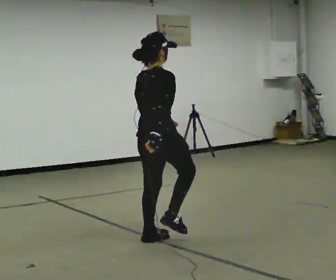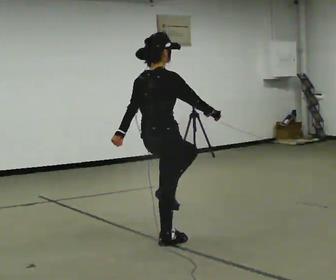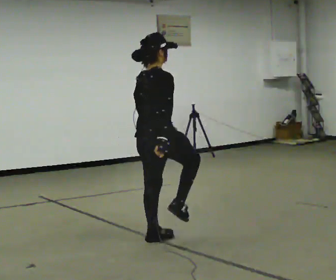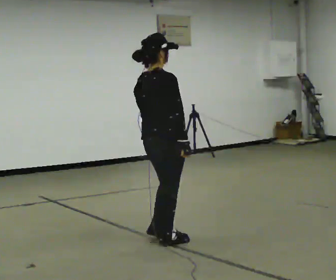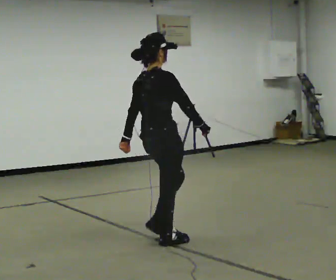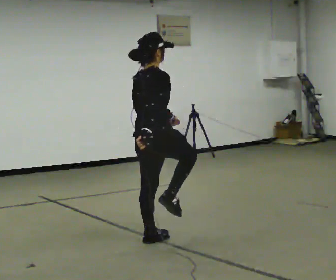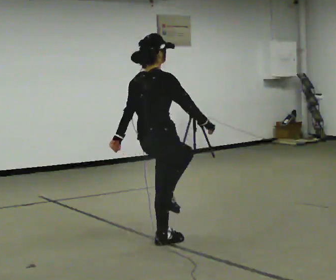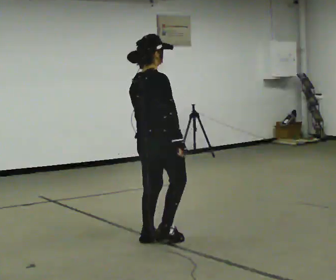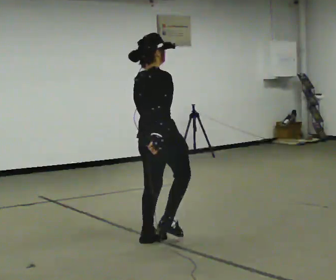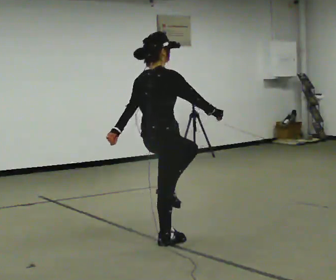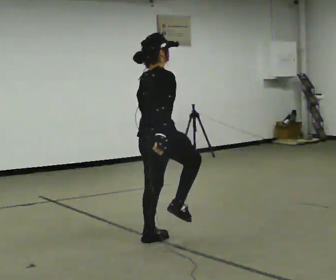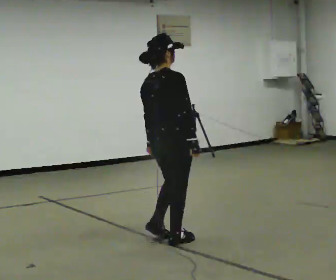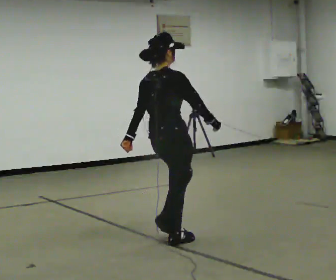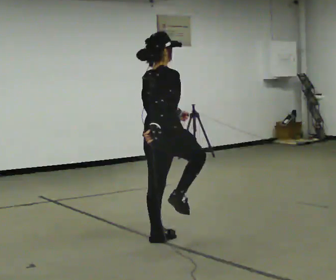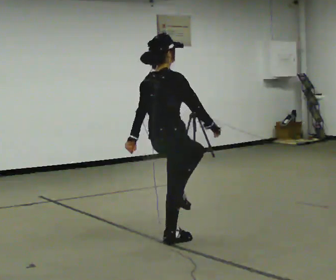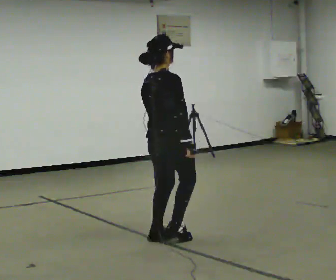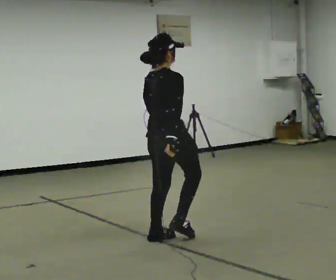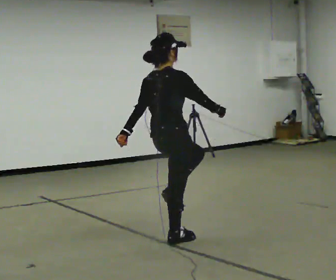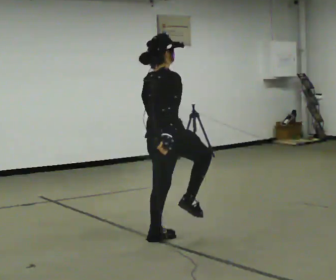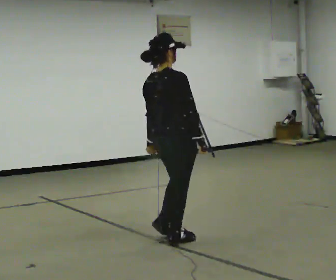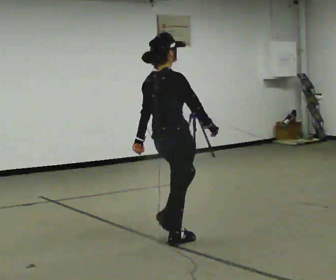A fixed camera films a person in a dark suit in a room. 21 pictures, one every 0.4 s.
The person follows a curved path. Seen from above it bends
counterclockwise.
0.0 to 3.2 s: The person moves a little, or ends about where they began.
3.2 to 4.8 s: In the picture their right hand goes to the right.
4.8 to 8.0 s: The person moves a little, or ends about where they began.
The film runs forward here.
